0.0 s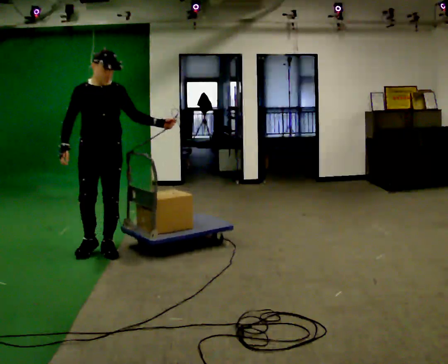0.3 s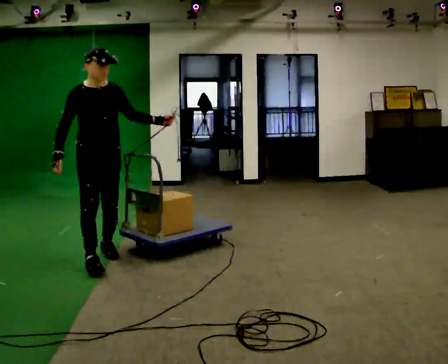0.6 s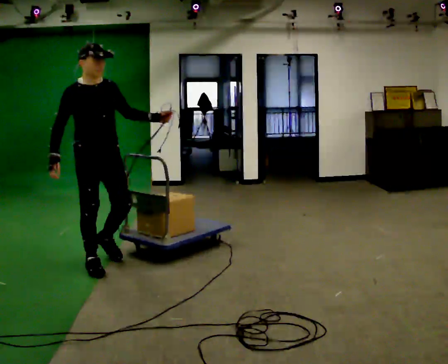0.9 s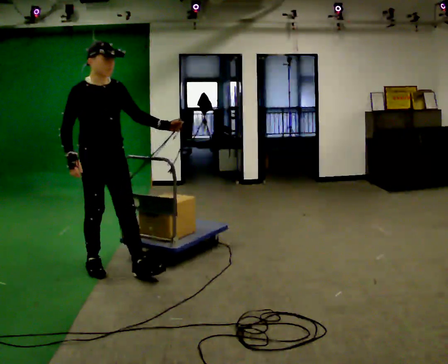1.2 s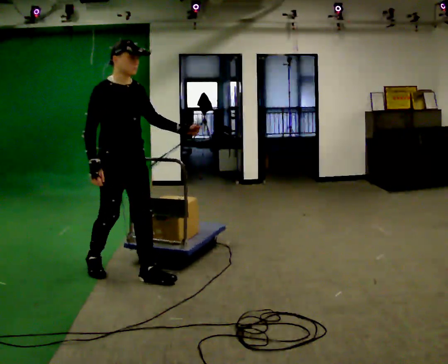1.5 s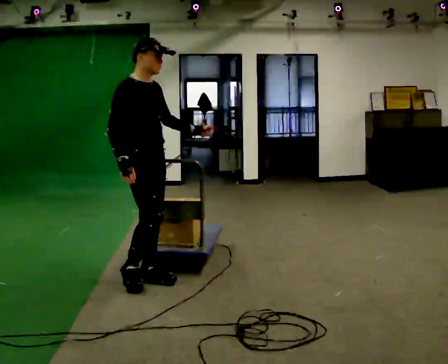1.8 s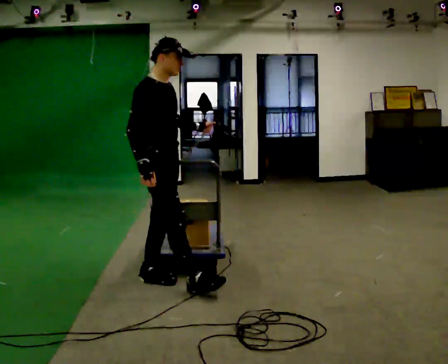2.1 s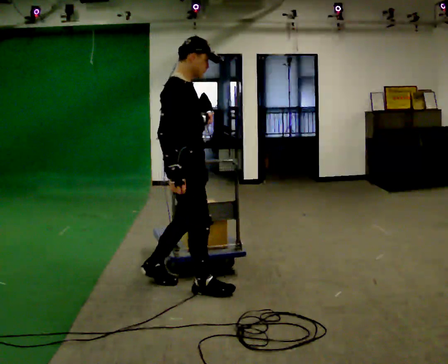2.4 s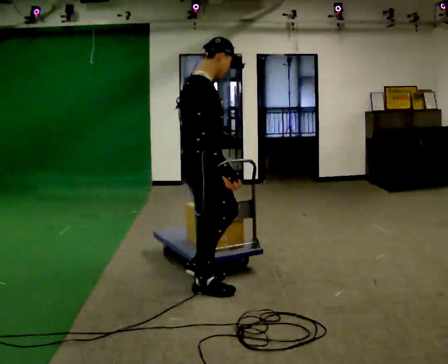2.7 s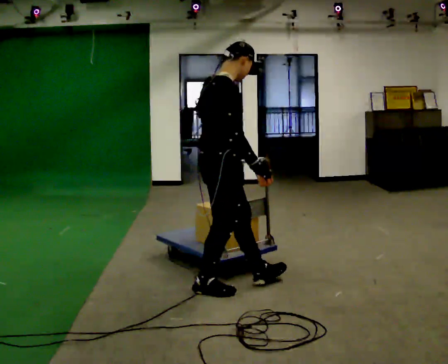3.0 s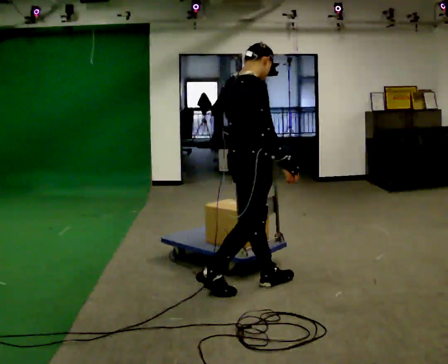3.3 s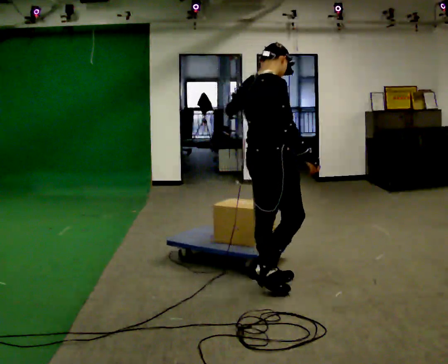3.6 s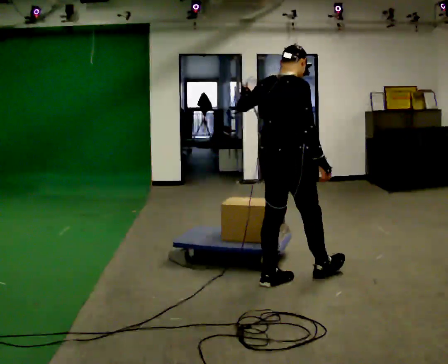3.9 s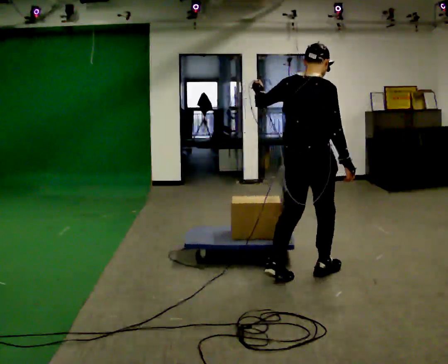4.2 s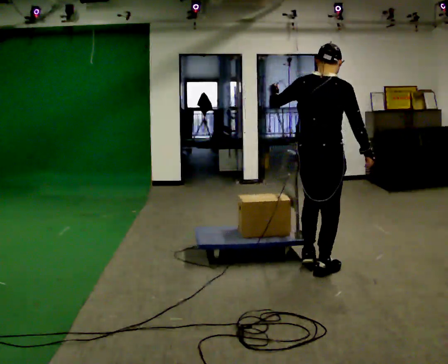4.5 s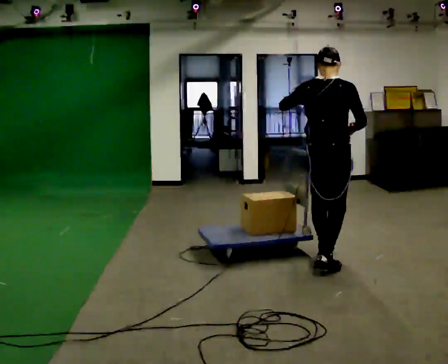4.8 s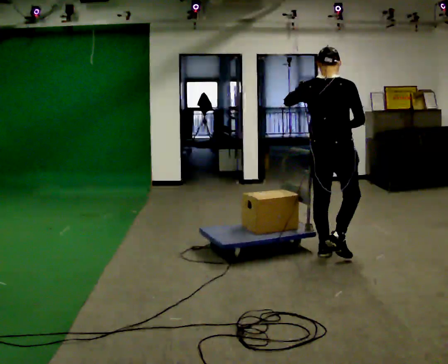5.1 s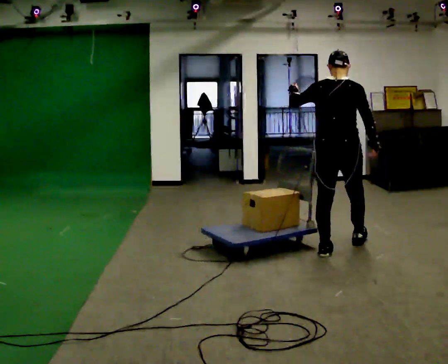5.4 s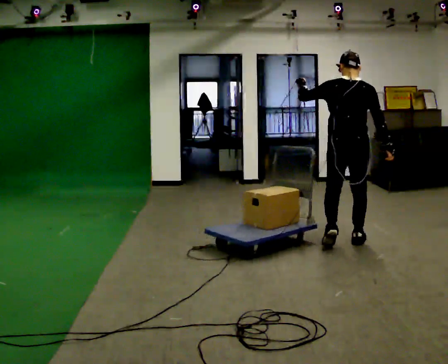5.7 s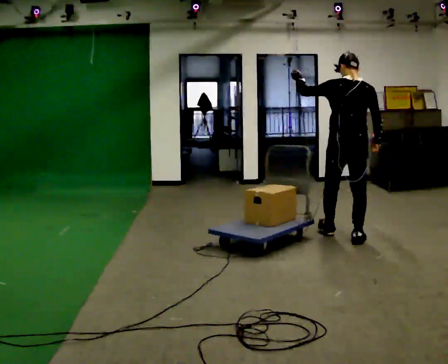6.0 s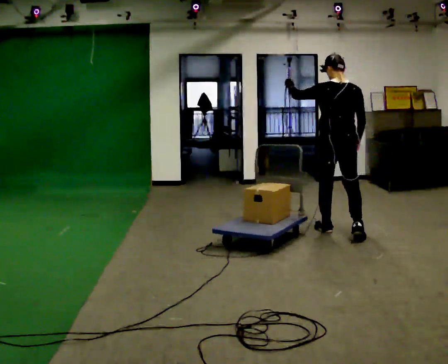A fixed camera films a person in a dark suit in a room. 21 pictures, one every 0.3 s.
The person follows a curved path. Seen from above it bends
counterclockwise.
The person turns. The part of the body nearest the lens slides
to the right.
0.0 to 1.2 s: The person turns about 30 degrees to their left, counterclockwise seen from above, so the part of the body nearest the lens slides to the right. In the picture they go toward the camera and to the right, about 0.75 m in 2 steps, which for them is forward.
1.2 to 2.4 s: The part of the body nearest the lens slides to the right as the person turns to their left by about 45 degrees. In the picture they go to the right, about 0.5 m in 1 step, which for them is forward.
2.4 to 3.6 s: Seen from above the body turns counterclockwise, about 30 degrees: to their left, with its near side sliding to the right. In the picture they go to the right, about 0.5 m in 1 step, which for them is forward.
3.6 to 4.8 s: In the picture they go away from the camera and to the right, about 0.75 m in 2 steps, which for them is forward.
4.8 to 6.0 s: The part of the body nearest the lens slides to the right as the person turns to their left by about 30 degrees. In the picture they go away from the camera, about 0.75 m in 2 steps, which for them is forward.
The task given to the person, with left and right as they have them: Stand side-on to the sled and drag it towards you step by step, moving sideways. The operator will log the load and the peak reading on the scale for every take.
The film runs forward here.
